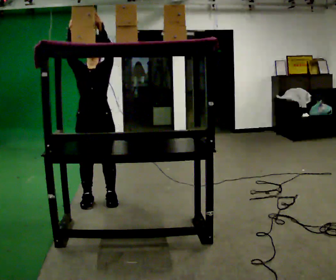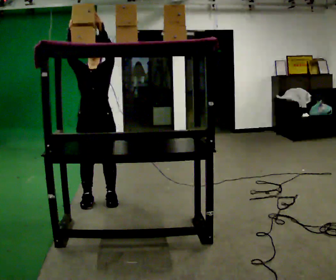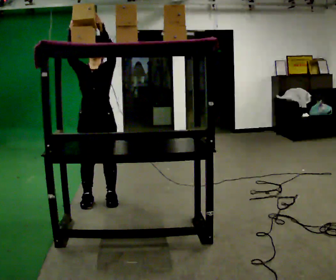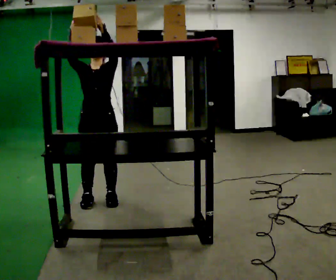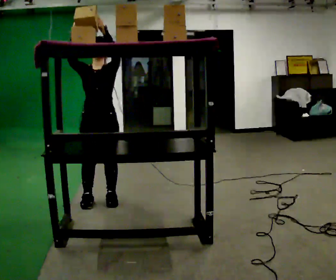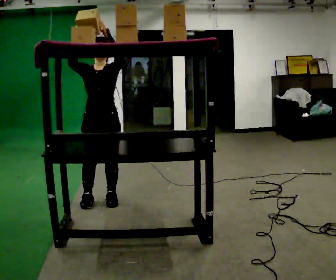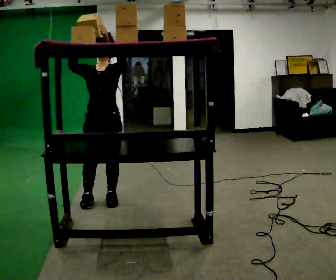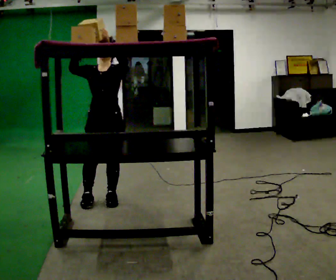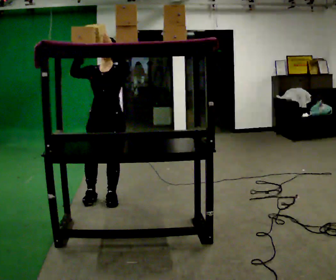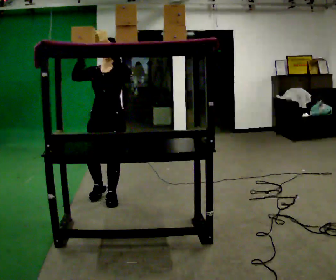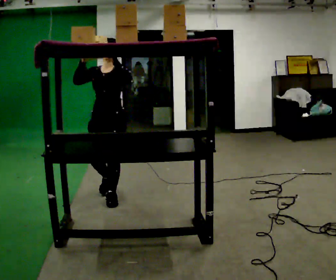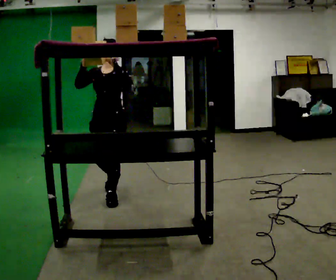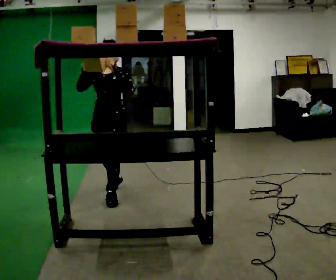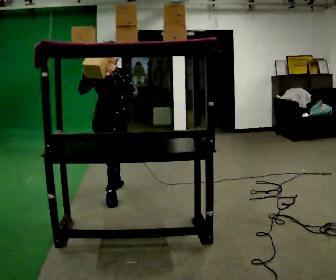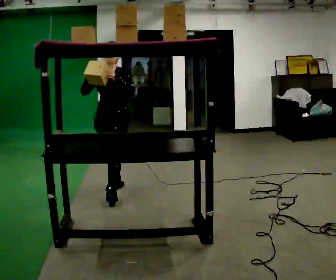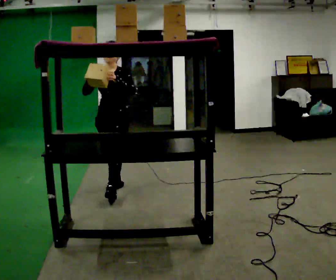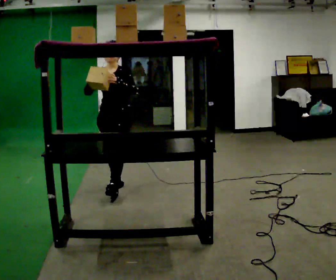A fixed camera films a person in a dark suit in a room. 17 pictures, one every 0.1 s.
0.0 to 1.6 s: In the picture they go away from the camera, about 0.5 m in 2 steps, which for them is backward. In the picture their right hand goes downward.
The film runs backward here.
